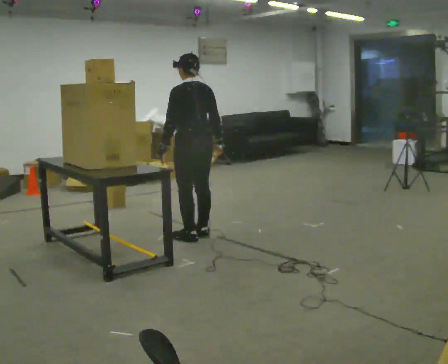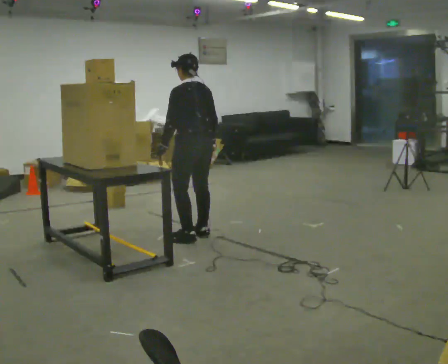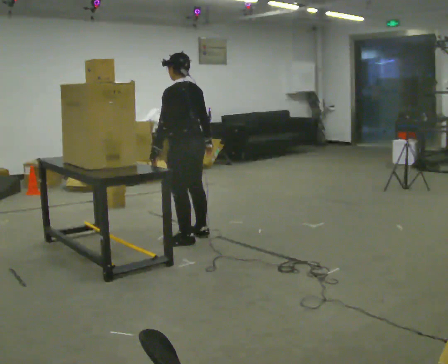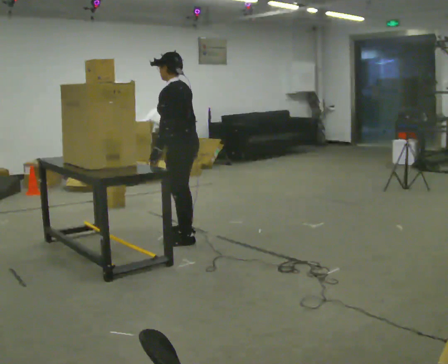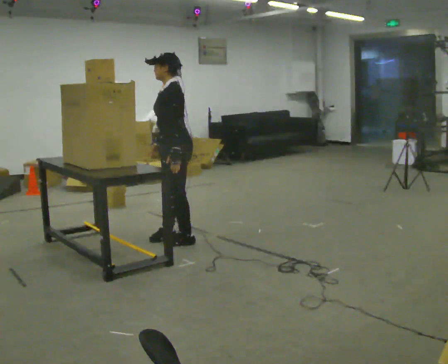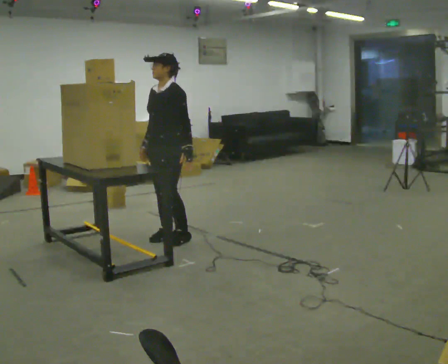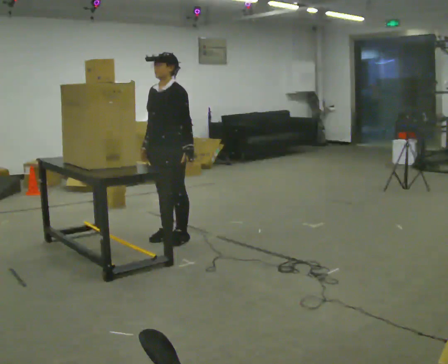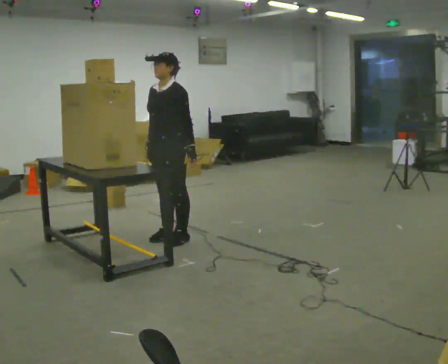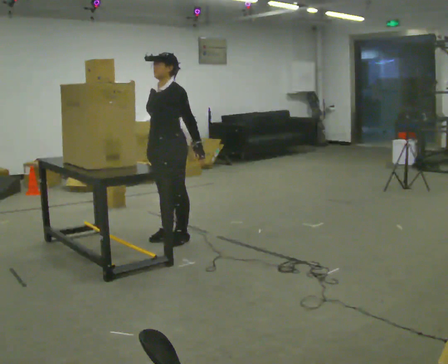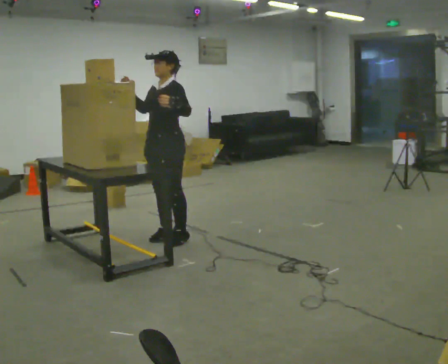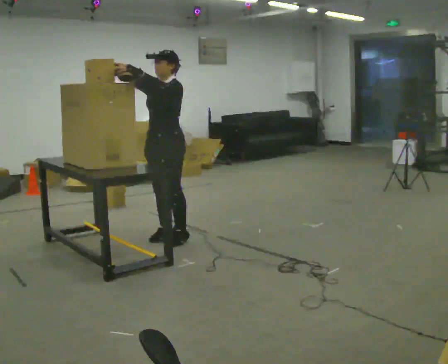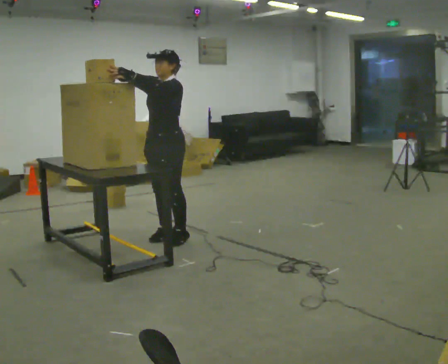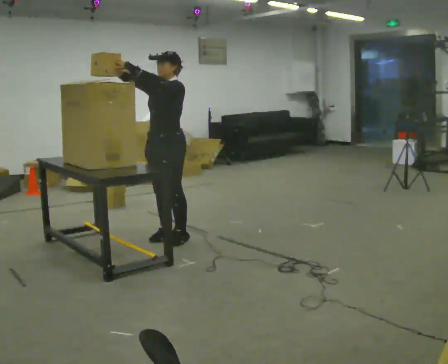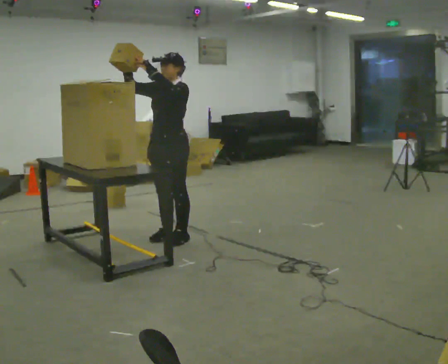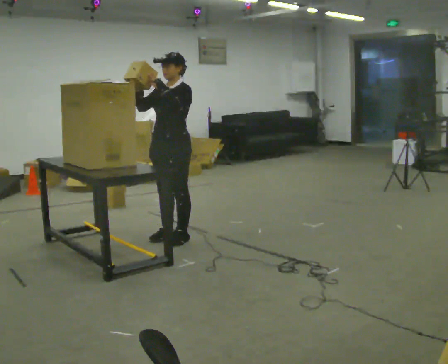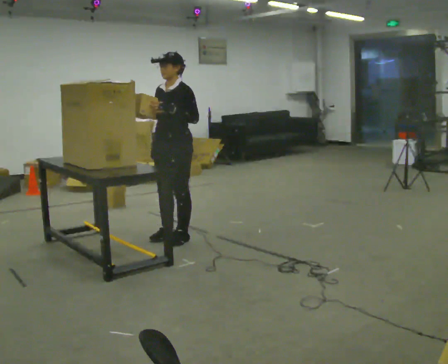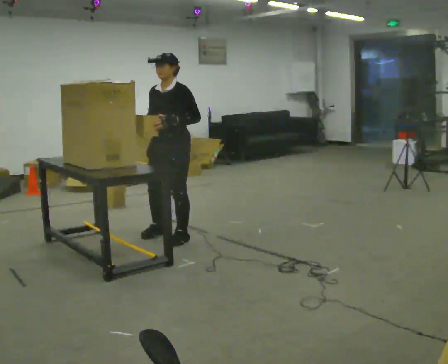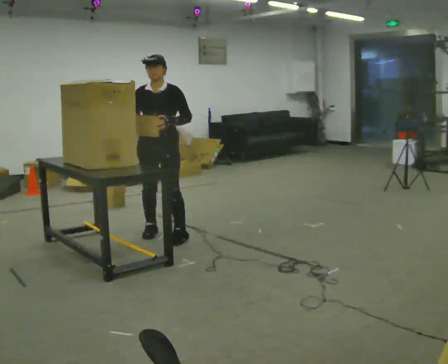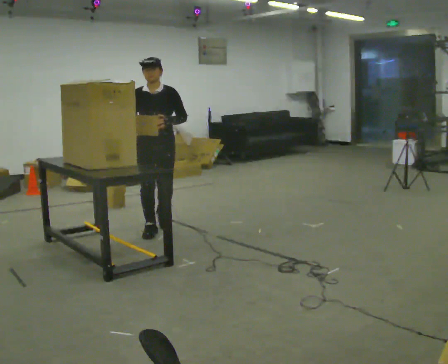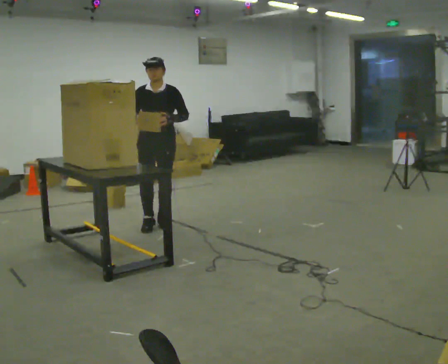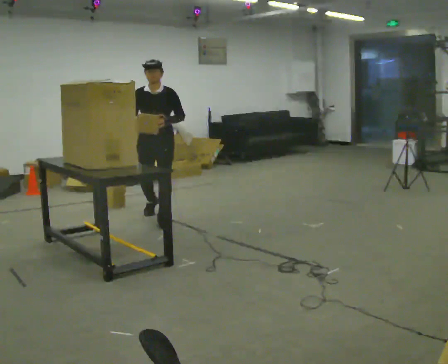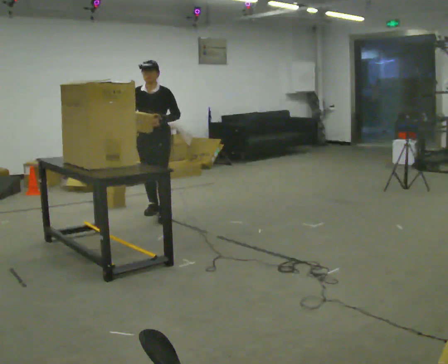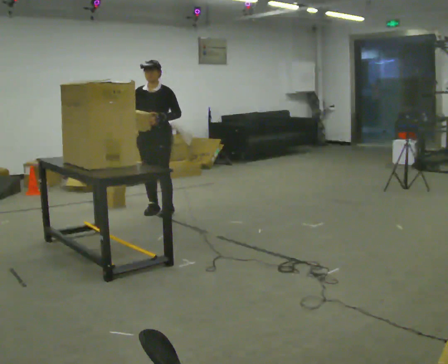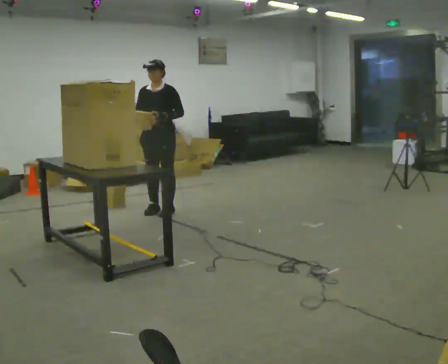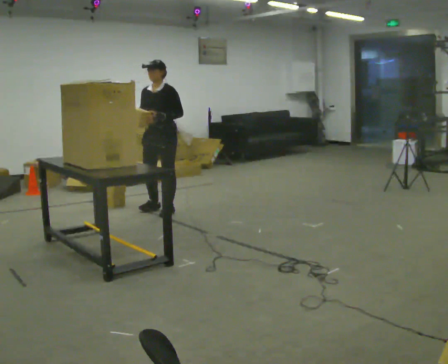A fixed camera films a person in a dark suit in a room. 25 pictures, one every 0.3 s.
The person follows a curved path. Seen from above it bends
clockwise.
0.0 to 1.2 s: Seen from above the body turns counterclockwise, about 60 degrees: to their left, with its near side sliding to the right. In the picture they go to the left, about 0.25 m in 1 step. In the picture their right hand goes to the left.
1.2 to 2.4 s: The part of the body nearest the lens slides to the right as the person turns to their left by about 30 degrees.
2.4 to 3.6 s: In the picture their right hand goes upward, the arm swinging clockwise.
3.6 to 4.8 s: In the picture their right hand goes downward.
4.8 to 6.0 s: Seen from above the body turns counterclockwise, about 30 degrees: to their left, with its near side sliding to the right. In the picture they go away from the camera, about 0.75 m in 2 steps, which for them is backward.
6.0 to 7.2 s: The part of the body nearest the lens slides to the left as the person turns to their right by about 30 degrees. In the picture they go away from the camera, about 0.25 m in 1 step, which for them is backward.
The film runs backward here.
